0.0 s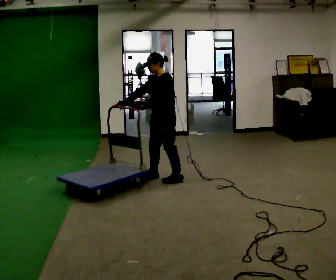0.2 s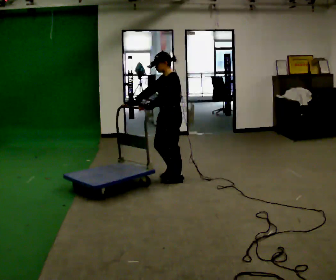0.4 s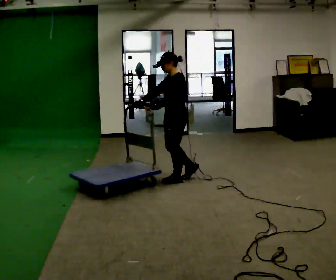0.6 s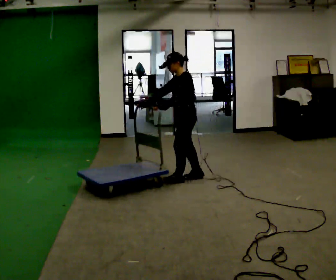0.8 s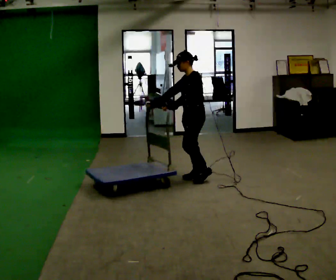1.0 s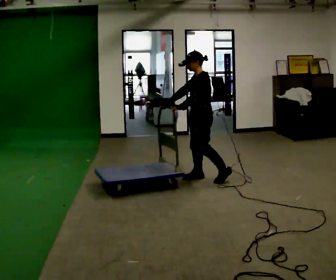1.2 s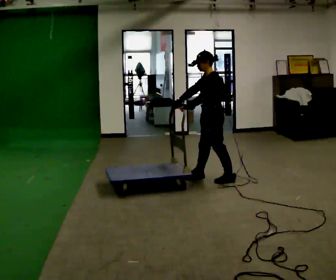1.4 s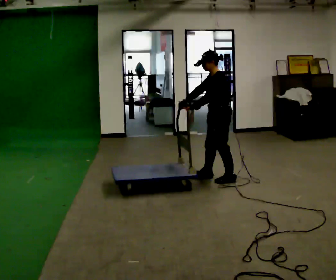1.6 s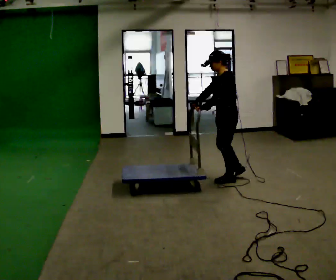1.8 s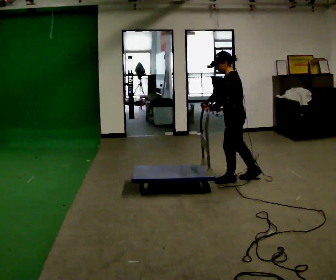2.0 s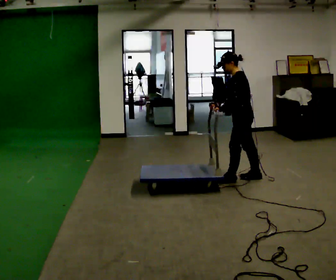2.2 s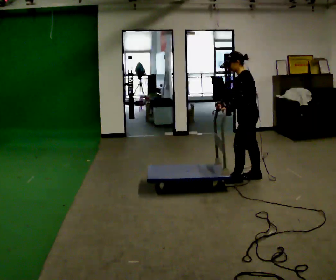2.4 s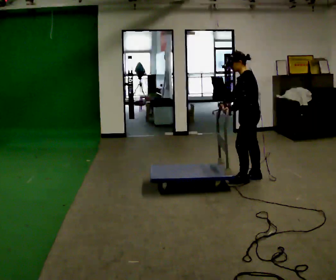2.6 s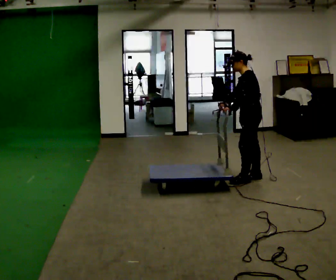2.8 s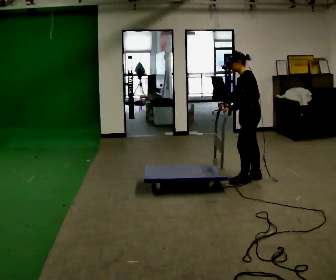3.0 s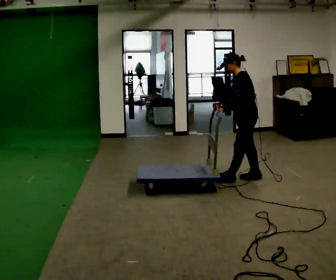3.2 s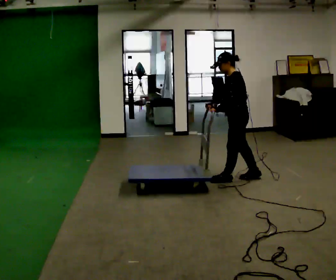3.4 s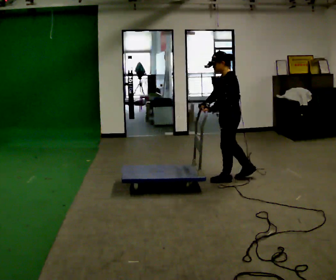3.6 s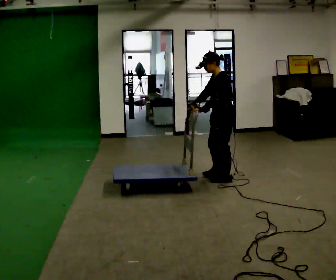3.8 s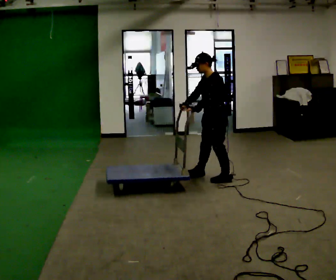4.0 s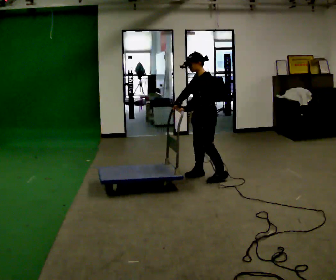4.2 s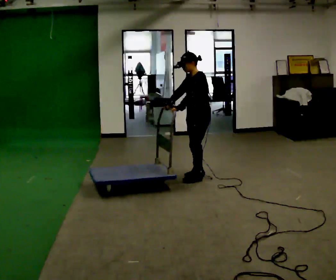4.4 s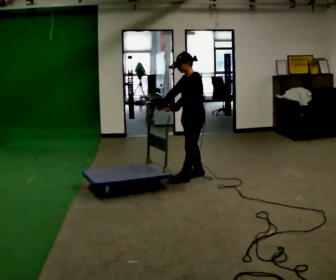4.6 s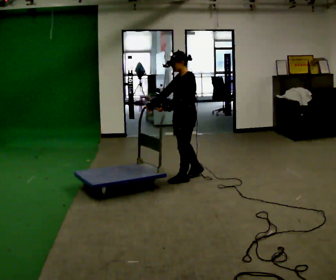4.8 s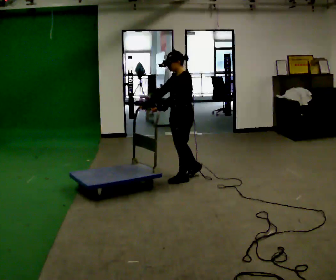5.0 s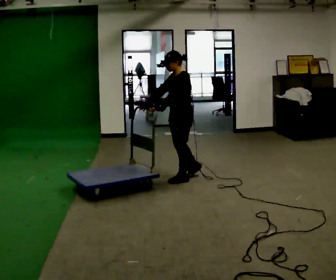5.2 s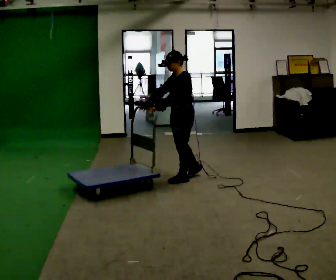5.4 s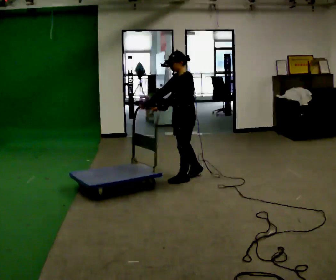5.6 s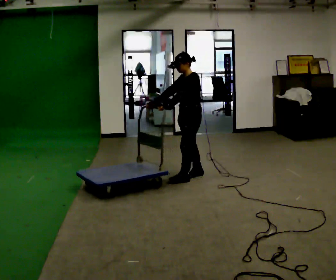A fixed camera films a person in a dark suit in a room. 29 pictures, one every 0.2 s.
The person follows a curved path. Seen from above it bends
counterclockwise.
0.0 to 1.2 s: In the picture they go to the right, about 0.5 m in 2 steps, which for them is backward and to their left.
1.2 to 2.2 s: In the picture they go to the right, about 0.5 m in 1 step, which for them is backward.
2.2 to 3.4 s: In the picture they go to the left, about 0.25 m in 2 steps, which for them is forward.
3.4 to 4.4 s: In the picture they go to the left, about 0.5 m in 1 step, which for them is forward and to their right.
4.4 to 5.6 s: The person moves a little, or ends about where they began.
The film runs backward here.
